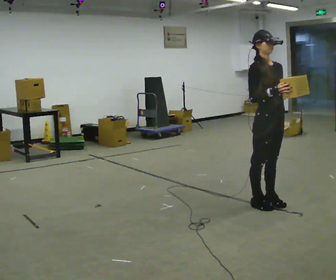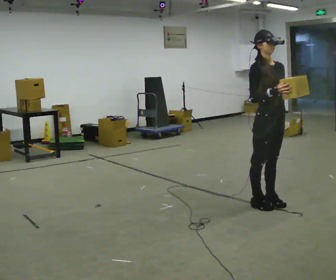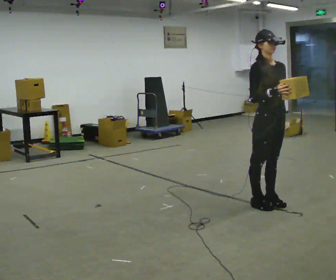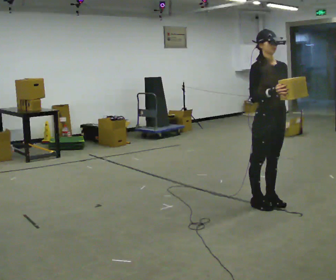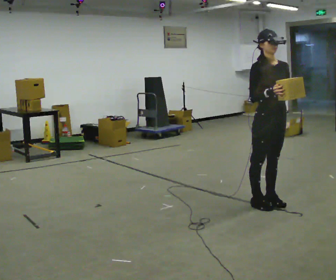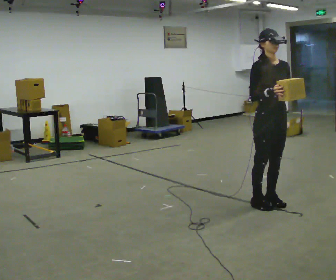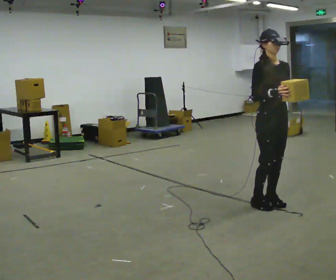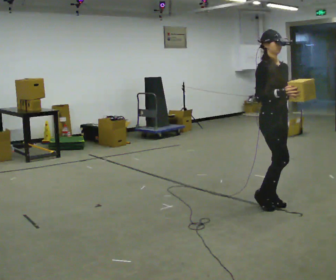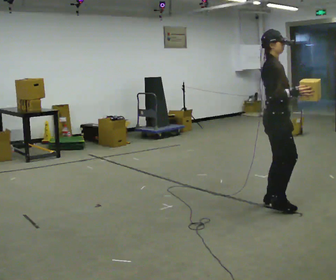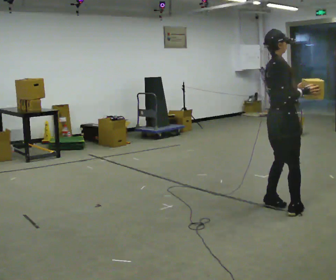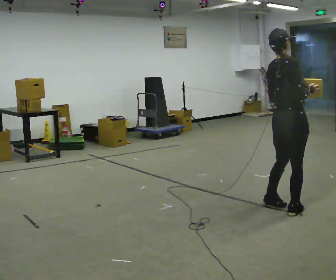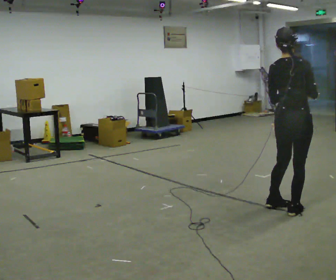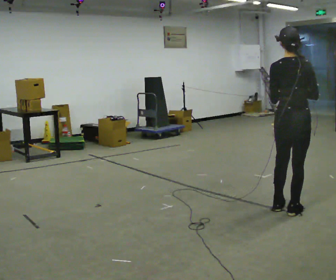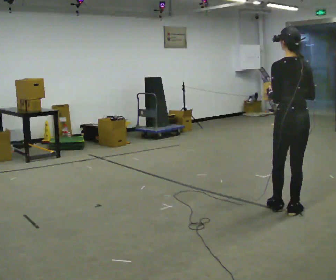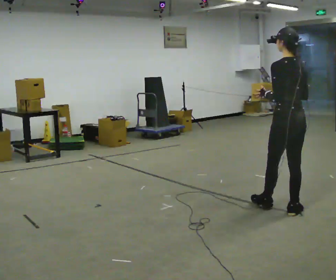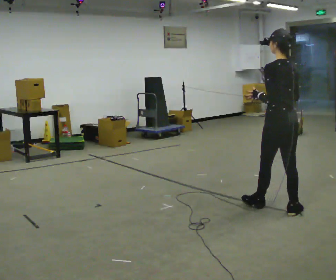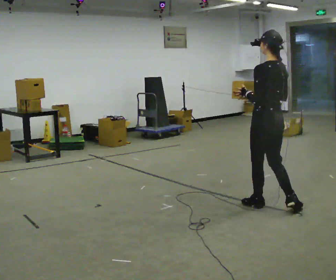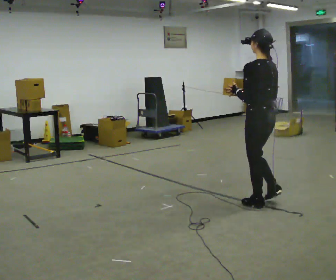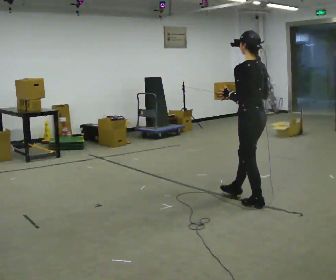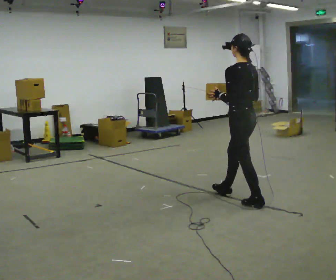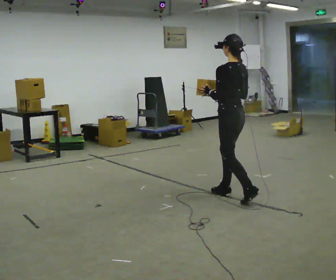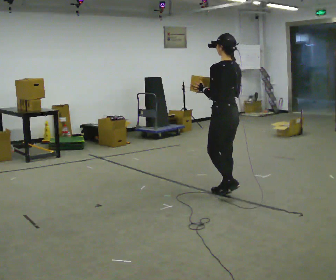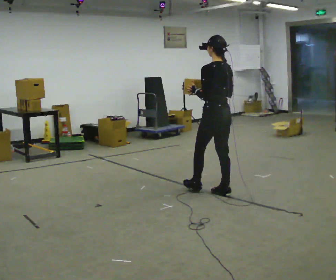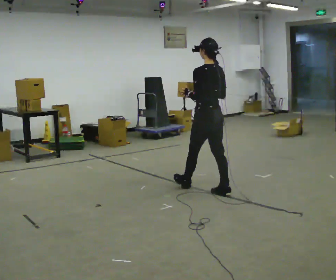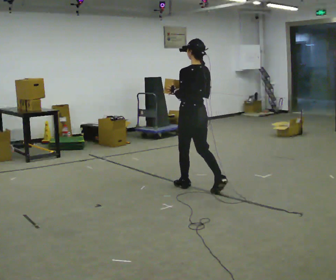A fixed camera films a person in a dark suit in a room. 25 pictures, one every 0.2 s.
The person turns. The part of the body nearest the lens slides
to the right.
The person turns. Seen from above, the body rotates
counterclockwise.
0.0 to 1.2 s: The person moves a little, or ends about where they began.
1.2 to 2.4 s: Seen from above the body turns counterclockwise, about 150 degrees: to their left, with its near side sliding to the right. In the picture they go to the right and toward the camera, about 0.25 m in 2 steps.
2.4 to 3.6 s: The part of the body nearest the lens slides to the right as the person turns to their left by about 45 degrees. In the picture they go to the left and away from the camera, about 0.5 m in 1 step, which for them is forward.
3.6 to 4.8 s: In the picture they go to the left and away from the camera, about 1 m in 2 steps, which for them is forward.
The film runs forward here.
